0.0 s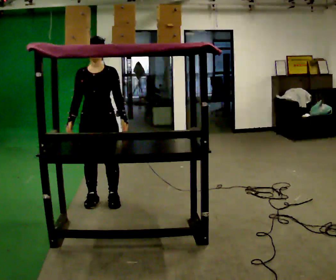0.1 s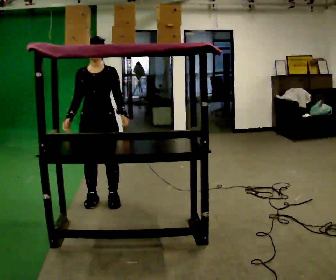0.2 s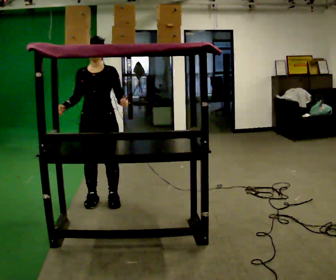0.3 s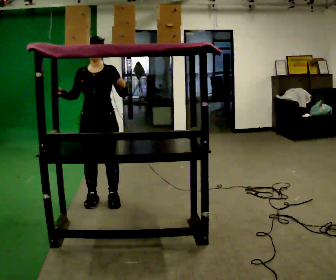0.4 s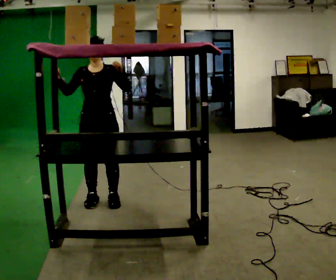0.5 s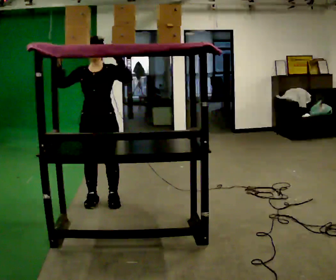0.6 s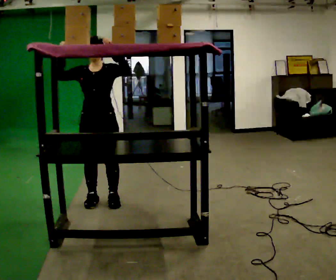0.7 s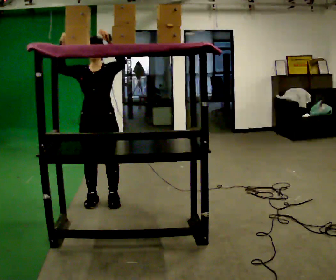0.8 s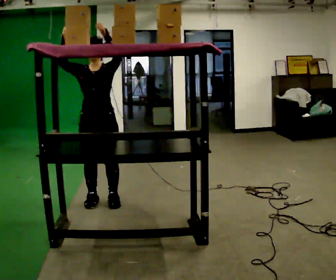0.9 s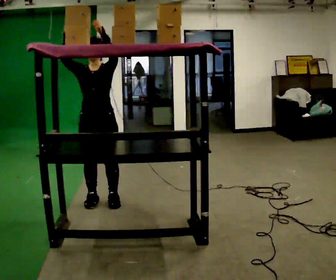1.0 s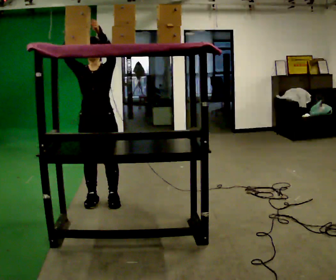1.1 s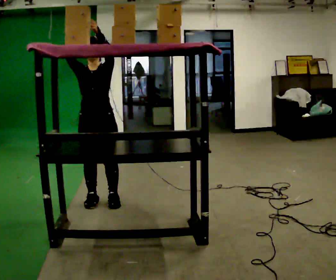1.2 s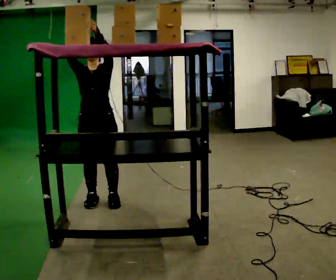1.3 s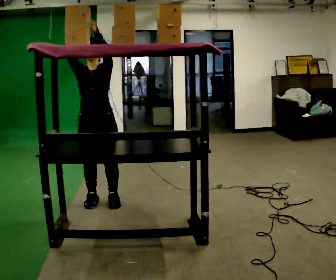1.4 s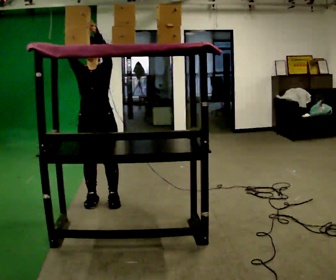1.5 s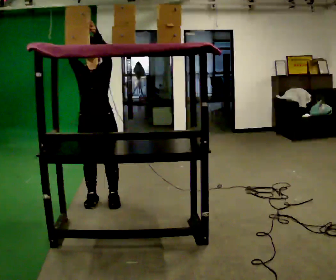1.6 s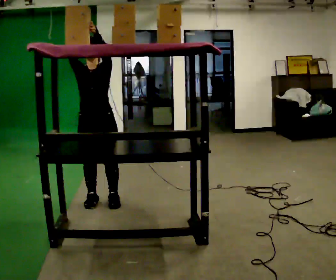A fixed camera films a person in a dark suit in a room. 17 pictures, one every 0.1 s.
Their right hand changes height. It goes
upward.
Their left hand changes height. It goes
upward.
0.0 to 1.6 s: In the picture their right hand goes upward, the arm swinging clockwise.
The film runs forward here.
